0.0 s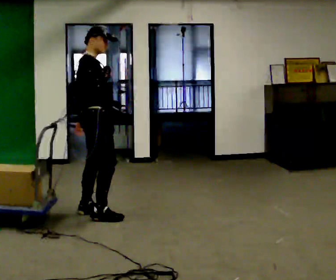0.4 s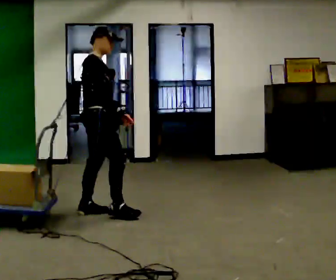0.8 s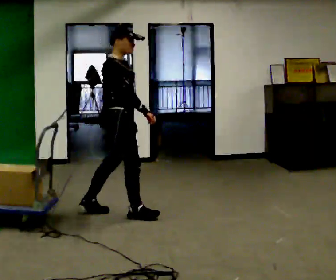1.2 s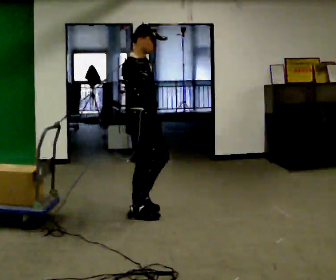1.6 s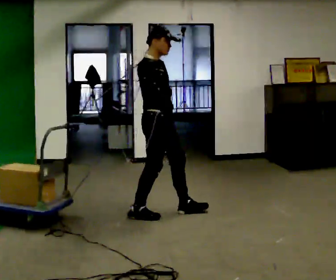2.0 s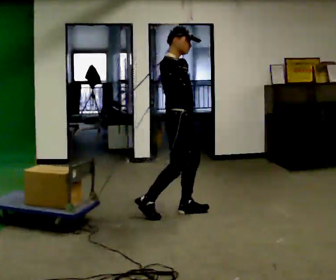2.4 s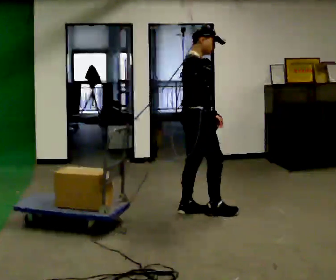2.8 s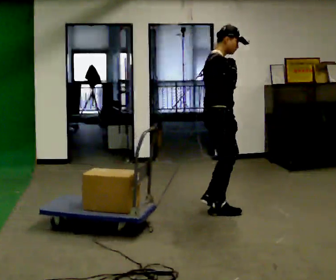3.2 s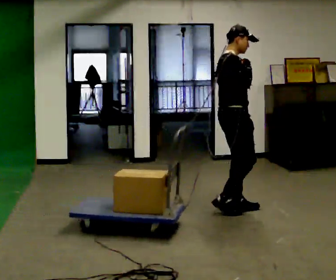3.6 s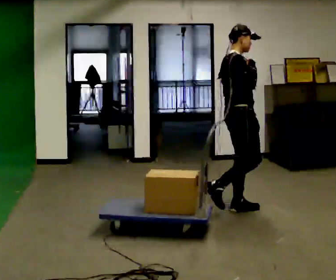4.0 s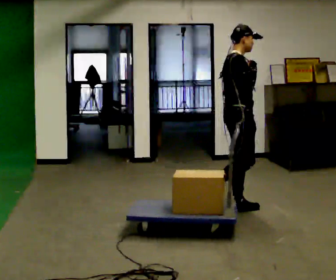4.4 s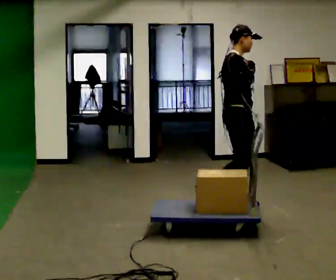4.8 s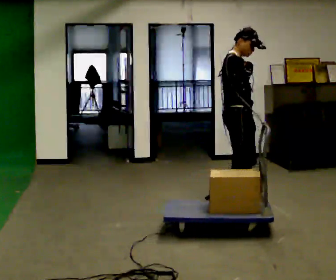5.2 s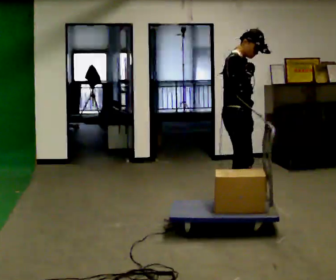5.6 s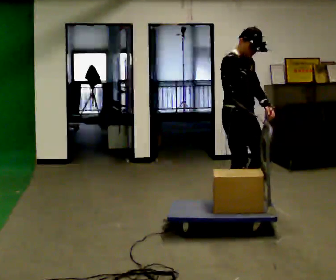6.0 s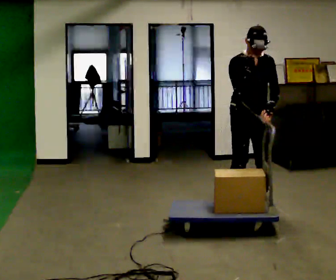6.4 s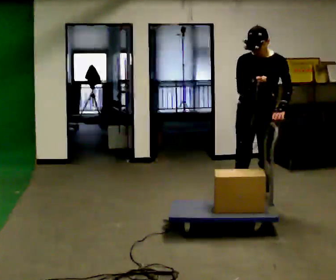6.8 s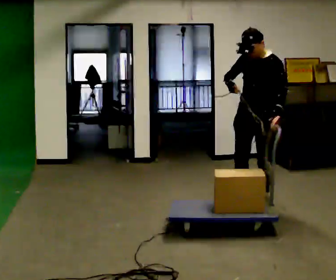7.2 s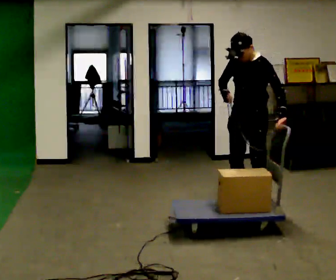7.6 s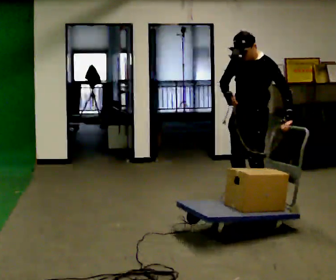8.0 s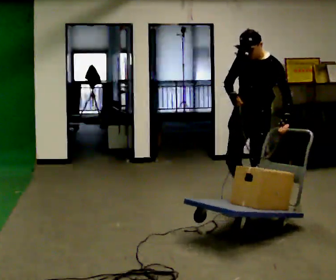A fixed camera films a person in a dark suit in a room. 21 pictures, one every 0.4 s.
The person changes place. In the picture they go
to the right.
0.0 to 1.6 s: In the picture they go to the right, about 0.5 m in 2 steps, which for them is forward.
1.6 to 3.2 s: In the picture they go to the right, about 0.75 m in 2 steps, which for them is forward.
3.2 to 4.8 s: The person moves a little, or ends about where they began.
4.8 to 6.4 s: The person turns about 90 degrees to their right, clockwise seen from above, so the part of the body nearest the lens slides to the left. In the picture they go to the right, about 0.25 m in 2 steps. In the picture their left hand goes to the right.
6.4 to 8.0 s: The part of the body nearest the lens slides to the left as the person turns to their right by about 30 degrees.
The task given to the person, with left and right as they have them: Put the rope over your shoulder and drag the sled across the room. Keep going until the operator says stop.
The film runs forward here.
